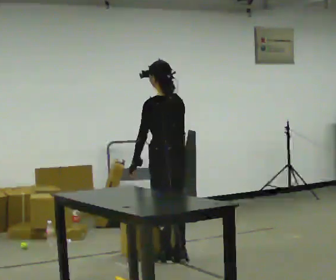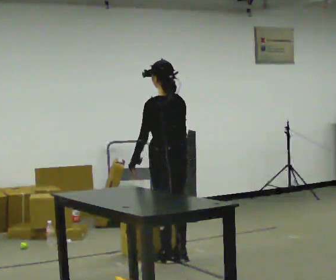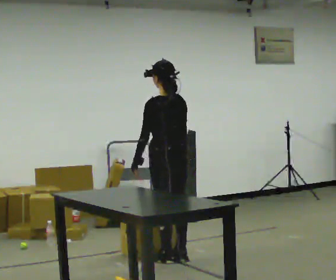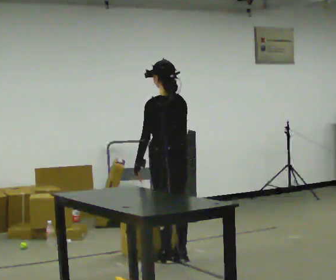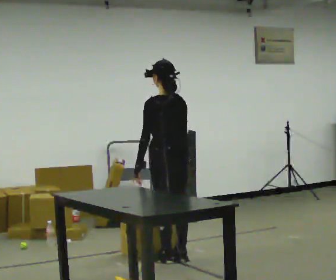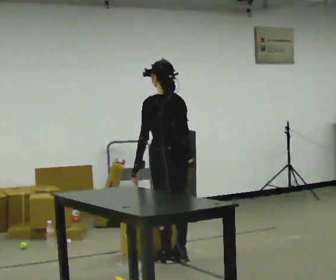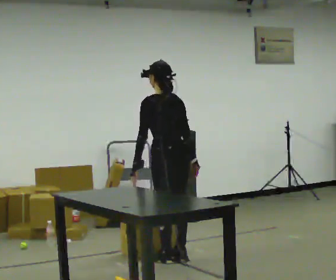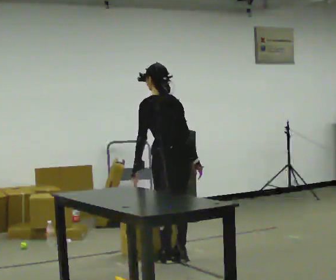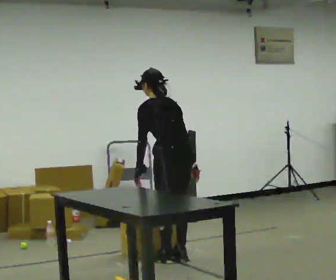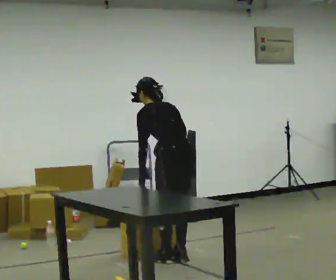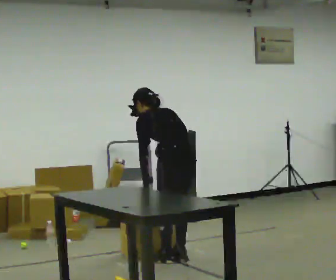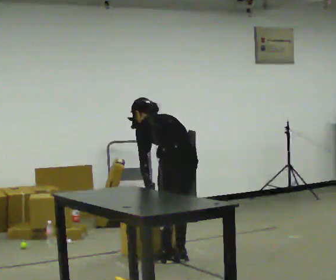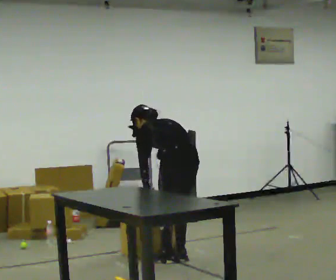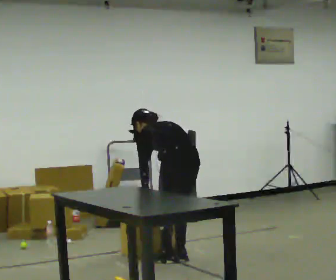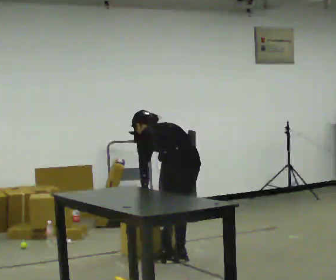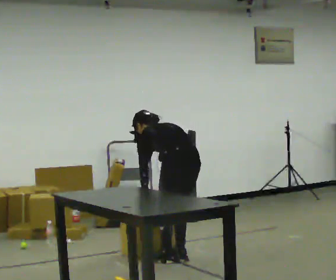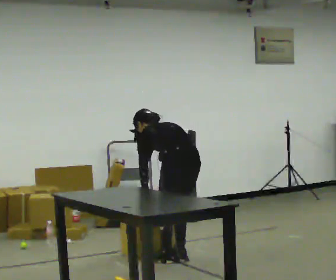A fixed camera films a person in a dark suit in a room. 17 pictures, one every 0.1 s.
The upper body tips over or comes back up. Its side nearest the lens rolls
upward.
0.0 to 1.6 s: The shoulders move downward. The upper body tips away from the camera, its near side rolling upward, as they bend forward.
The film runs backward here.
